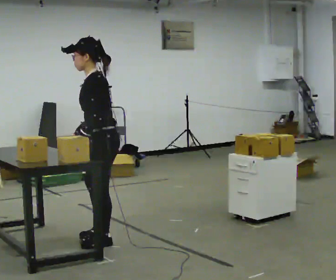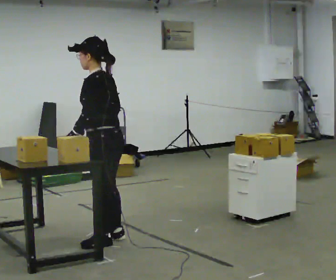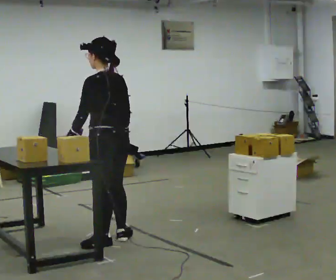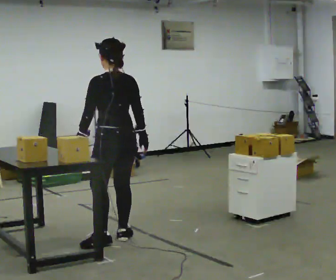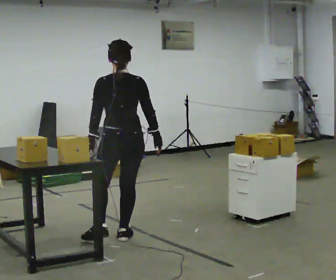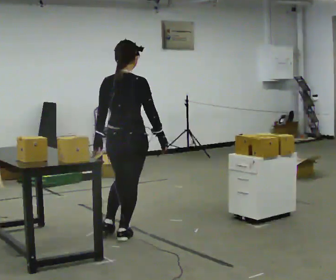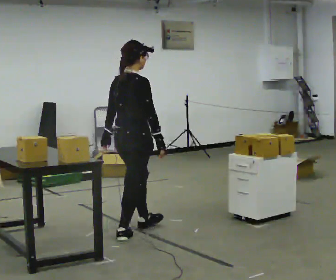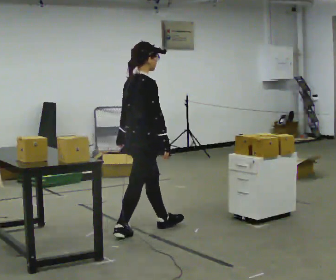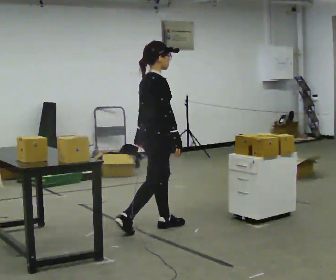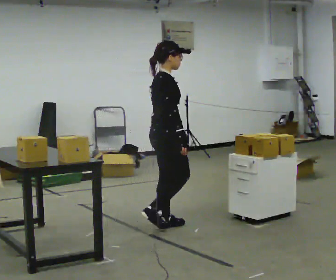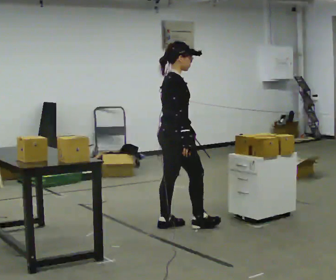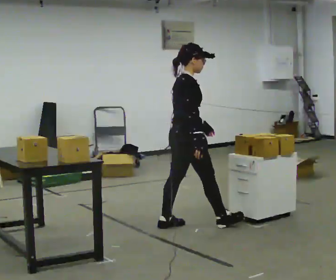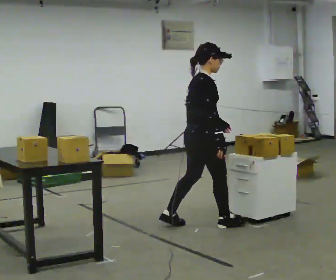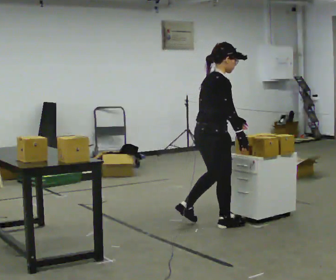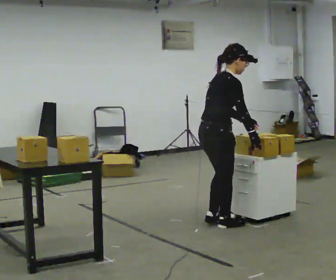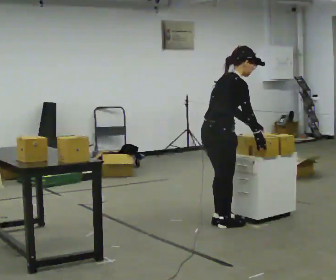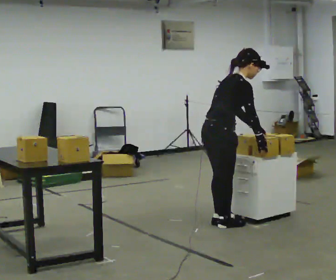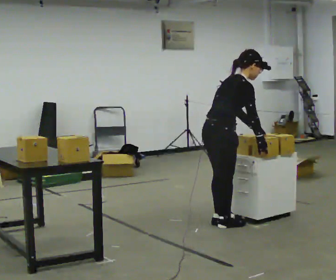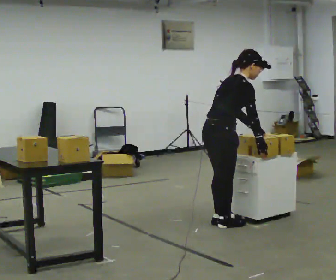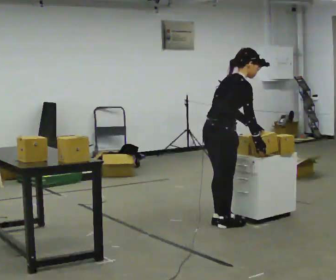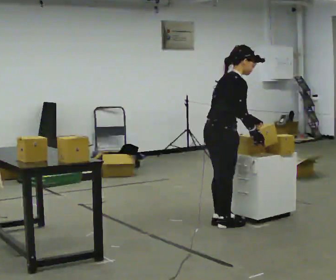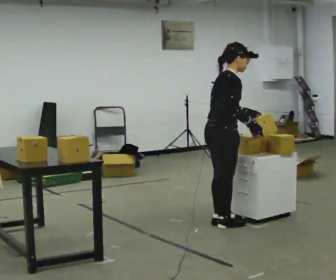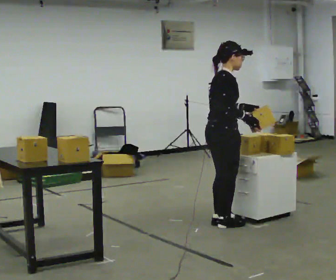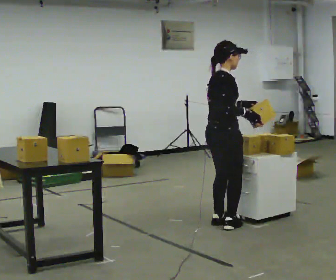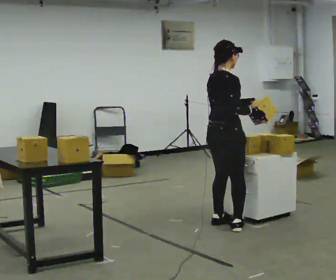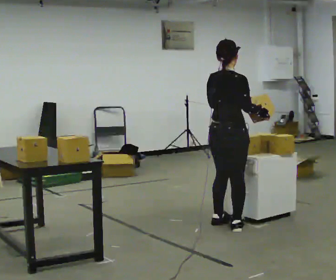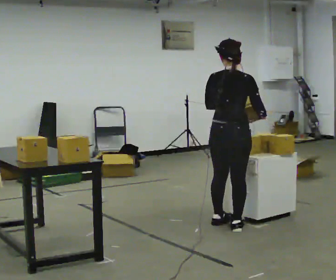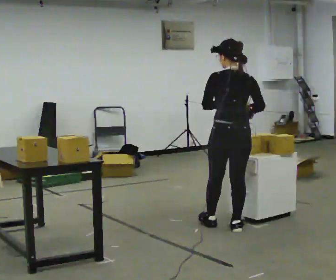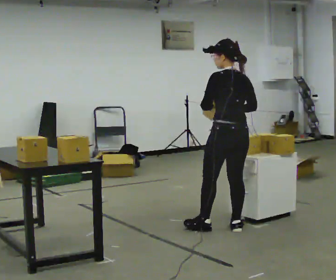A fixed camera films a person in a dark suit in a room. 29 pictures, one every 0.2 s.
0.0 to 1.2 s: The part of the body nearest the lens slides to the left as the person turns to their right by about 135 degrees. In the picture they go away from the camera and to the right, about 0.25 m in 1 step.
1.2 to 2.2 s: In the picture they go to the right and away from the camera, about 0.5 m in 2 steps, which for them is forward.
2.2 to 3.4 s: In the picture they go to the right, about 0.25 m in 1 step, which for them is forward. In the picture the upper body tilts clockwise, shoulders to the right, as they bend forward.
3.4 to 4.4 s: In the picture the upper body tilts counterclockwise, shoulders to the left, as they lean back or straighten.
4.4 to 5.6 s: The part of the body nearest the lens slides to the right as the person turns to their left by about 105 degrees. In the picture they go toward the camera, about 0.25 m in 1 step.
The film runs forward here.
